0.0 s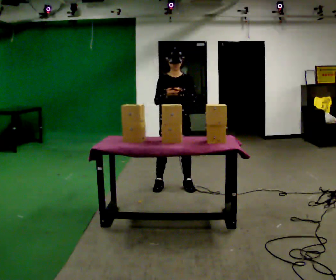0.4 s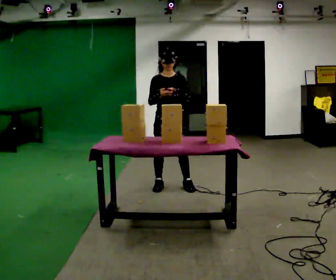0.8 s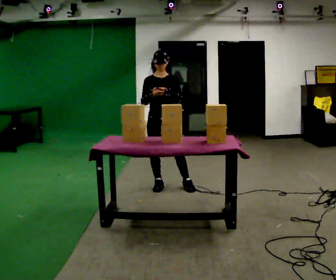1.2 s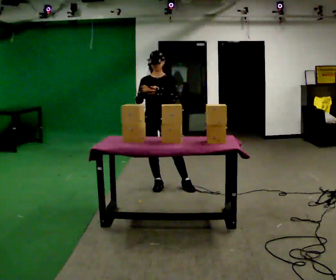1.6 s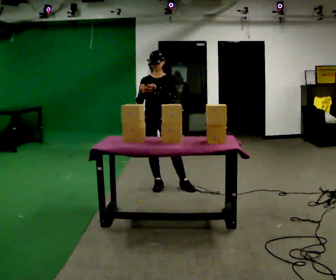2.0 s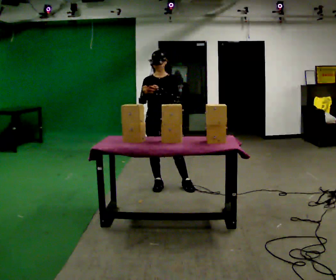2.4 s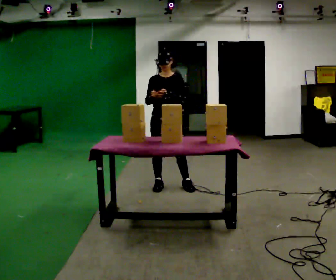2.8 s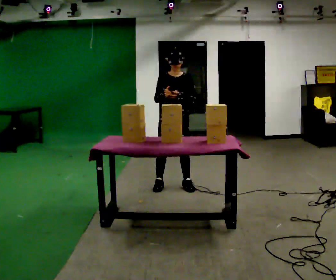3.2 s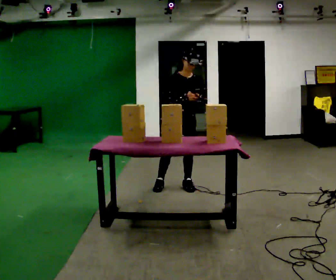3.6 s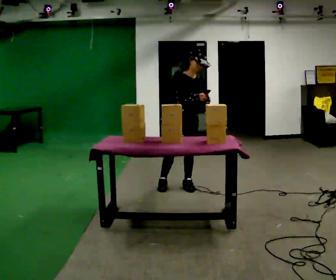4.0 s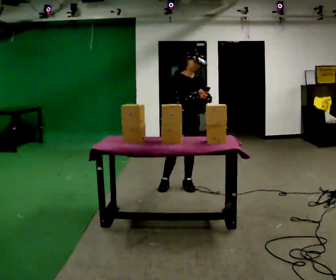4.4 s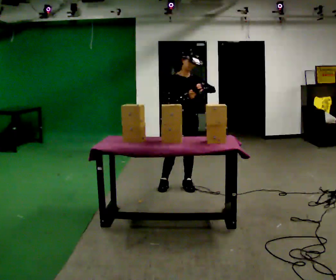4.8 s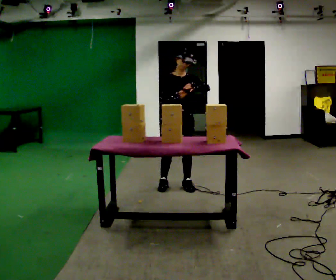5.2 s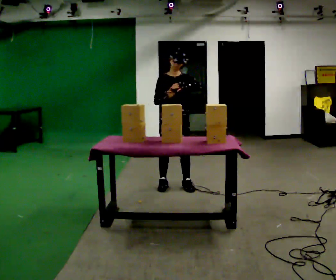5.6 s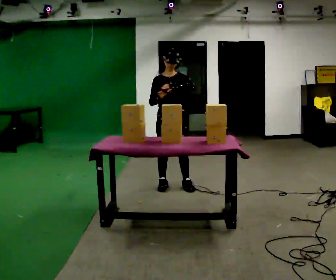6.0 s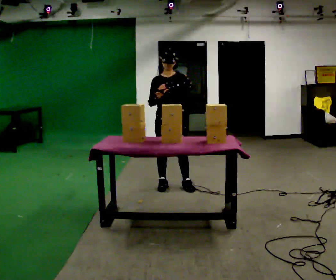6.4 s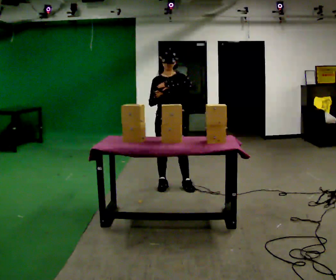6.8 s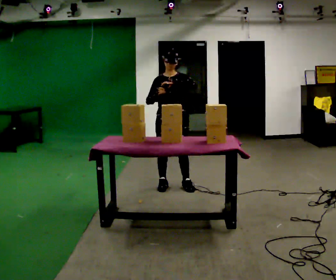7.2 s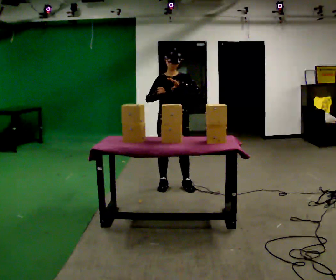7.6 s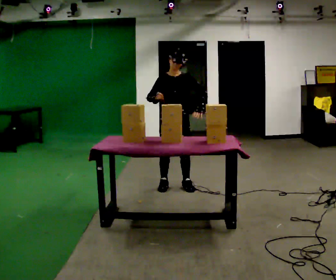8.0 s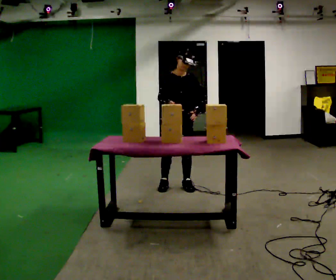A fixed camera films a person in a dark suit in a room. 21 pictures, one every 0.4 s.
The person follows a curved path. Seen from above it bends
clockwise.
0.0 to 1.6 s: In the picture they go to the left, about 0.25 m, which for them is to their right.
1.6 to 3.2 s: In the picture they go to the right, about 0.25 m, which for them is to their left.
3.2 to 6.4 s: The person moves a little, or ends about where they began.
6.4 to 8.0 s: In the picture their left hand goes downward.
The film runs backward here.
